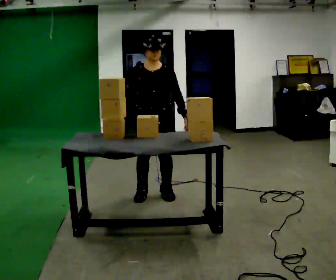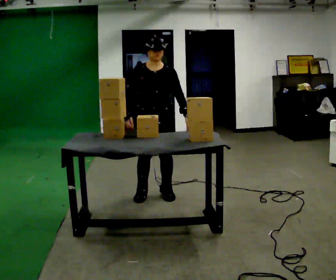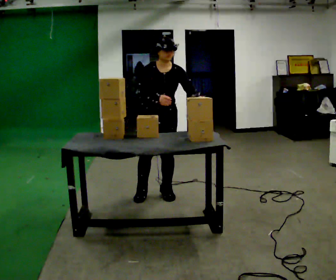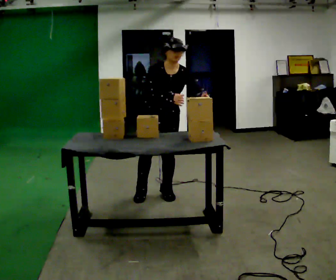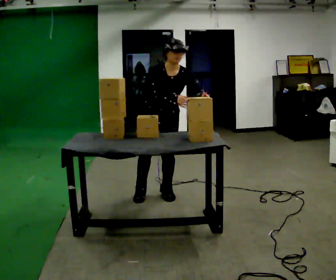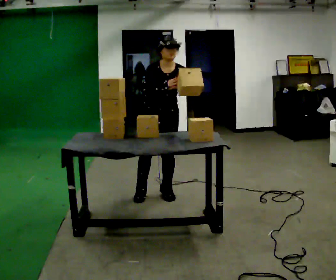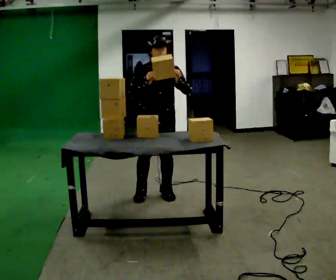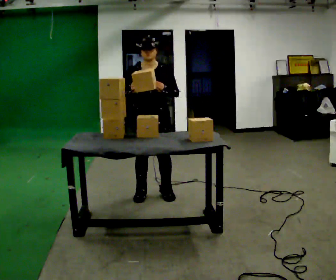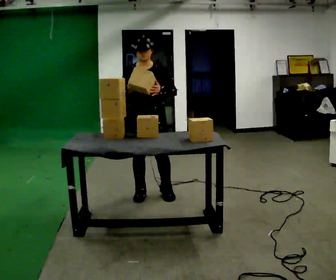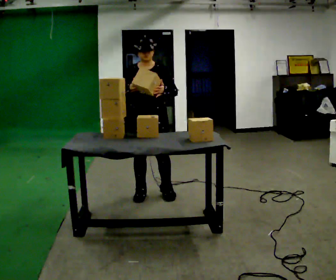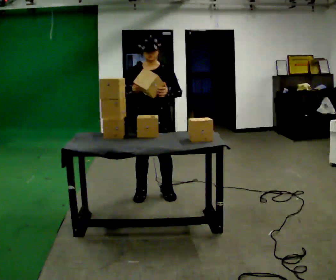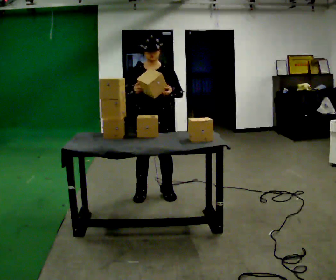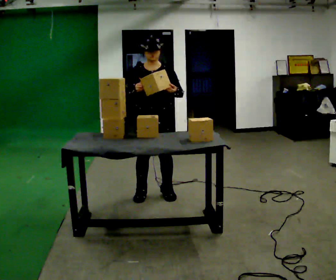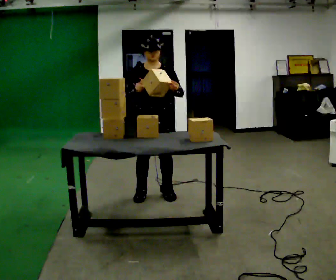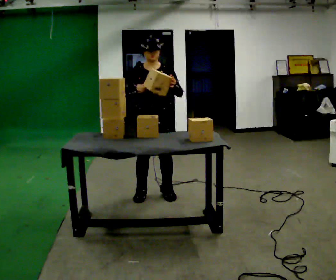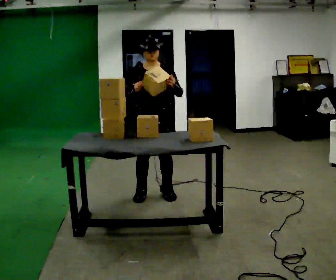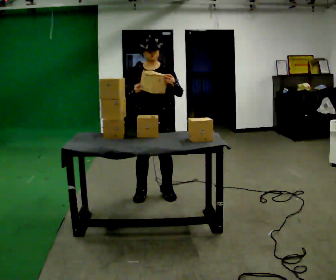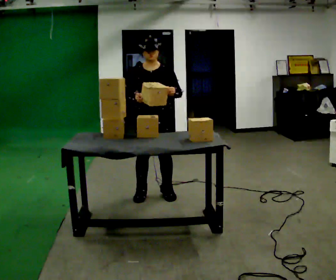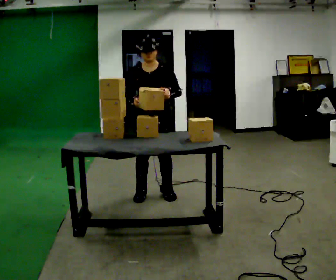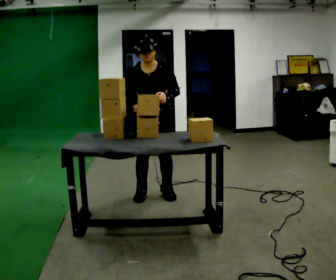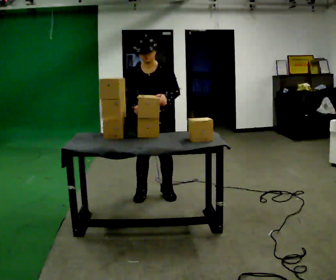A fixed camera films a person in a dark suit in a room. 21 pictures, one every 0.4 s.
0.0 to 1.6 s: The upper body tips toward the camera, its near side rolling downward, as they bend forward. In the picture their right hand goes to the right.
1.6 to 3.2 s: The upper body tips away from the camera, its near side rolling upward, as they lean back or straighten. In the picture their right hand goes to the left.
3.2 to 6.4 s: The person moves a little, or ends about where they began.
6.4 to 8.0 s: The upper body tips toward the camera, its near side rolling downward, as they bend forward.
The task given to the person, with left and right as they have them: Hold the box, turn it so you can read the label, and read it out loud. Then swap to the next box. Repeat at your own pace until the operator says stop. Keep both feet on the marked spots for the whole take. If you have to step, stop and tell the operator.
The film runs forward here.
